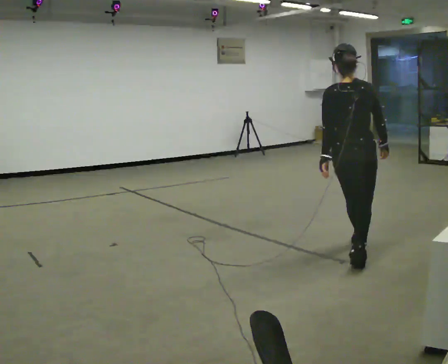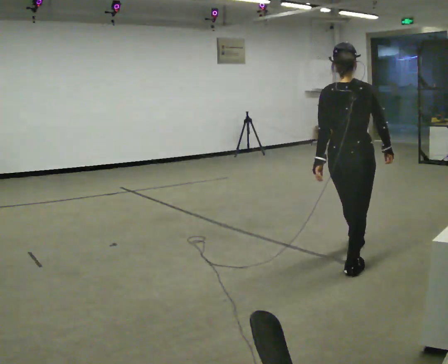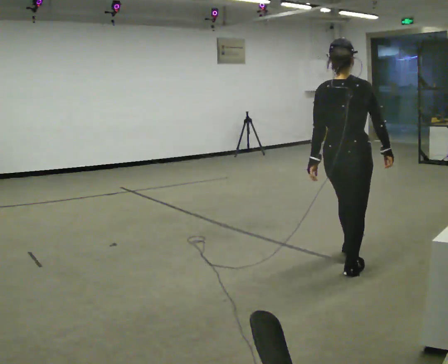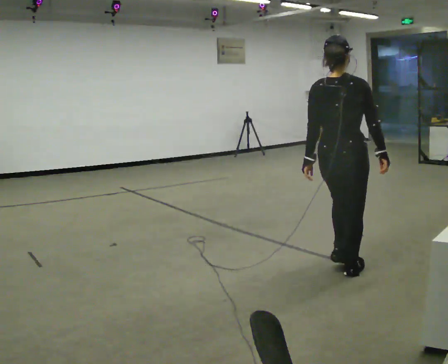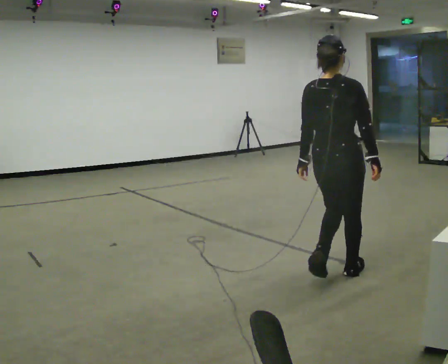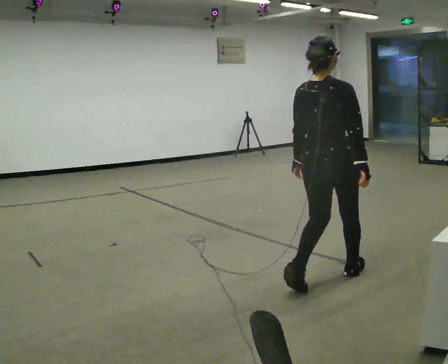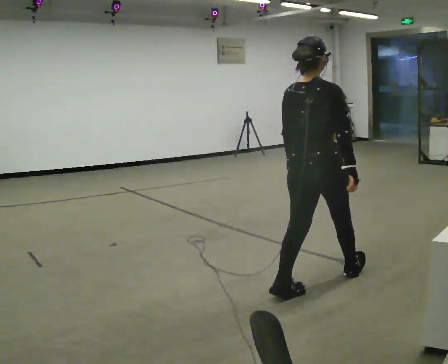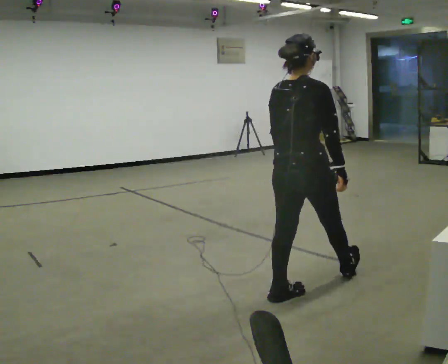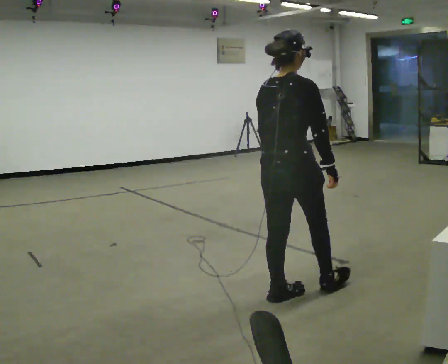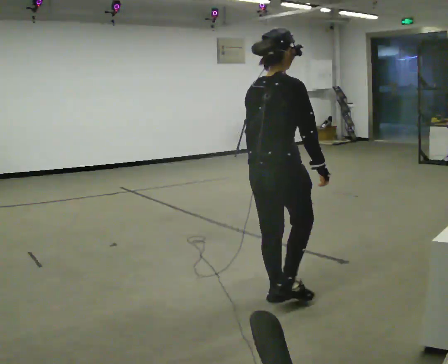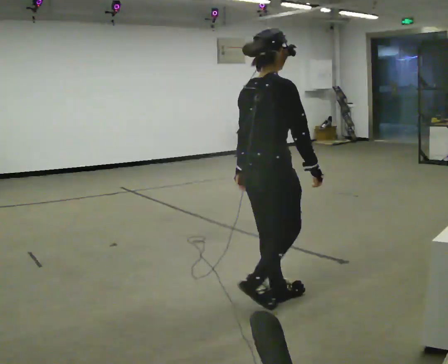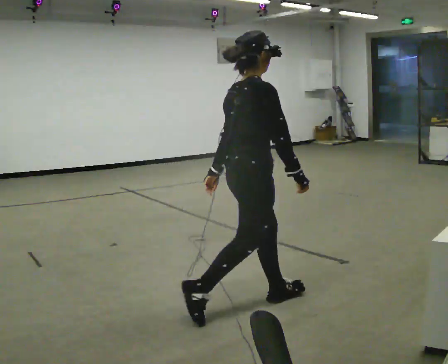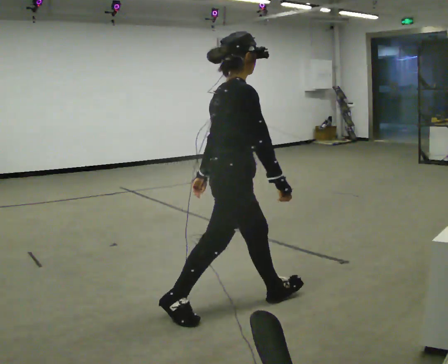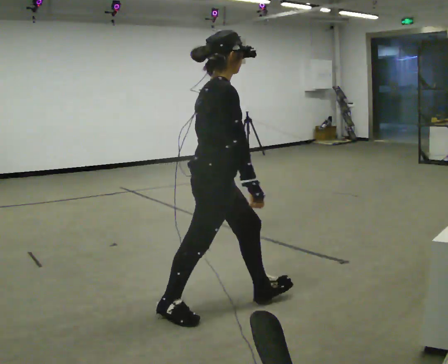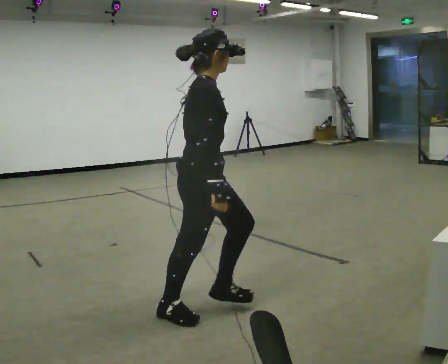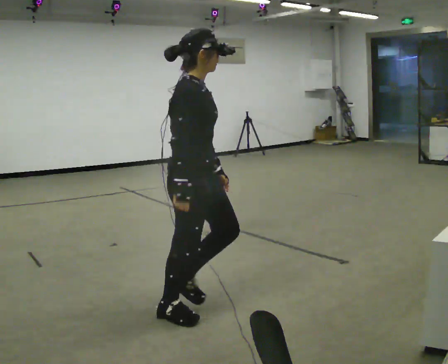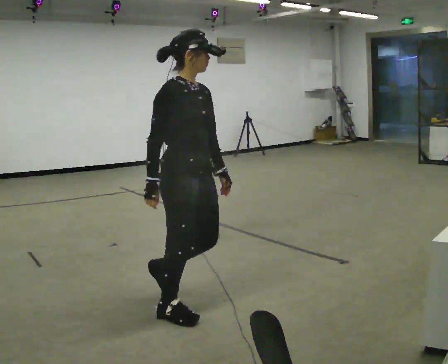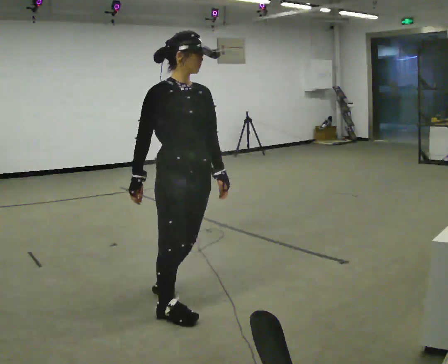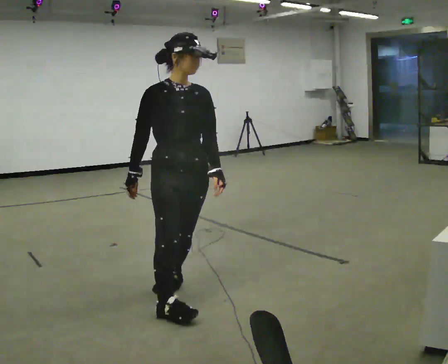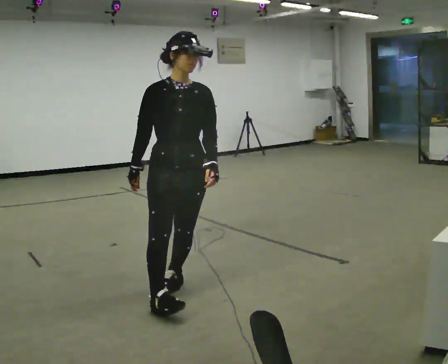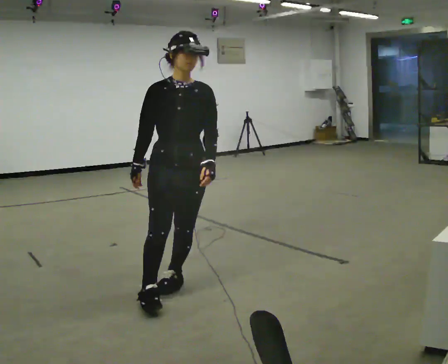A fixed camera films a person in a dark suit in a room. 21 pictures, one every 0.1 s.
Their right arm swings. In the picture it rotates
clockwise.
The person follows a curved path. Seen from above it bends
clockwise.
0.0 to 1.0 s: Seen from above the body turns clockwise, about 30 degrees: to their right, with its near side sliding to the left. In the picture they go toward the camera and to the left, about 1 m in 2 steps, which for them is backward.
1.0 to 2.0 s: The part of the body nearest the lens slides to the left as the person turns to their right by about 120 degrees. In the picture they go to the left, about 0.5 m in 2 steps.
The film runs backward here.
